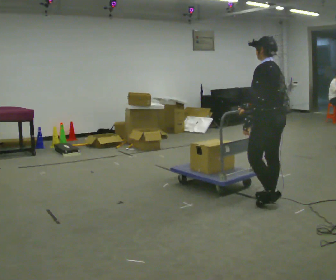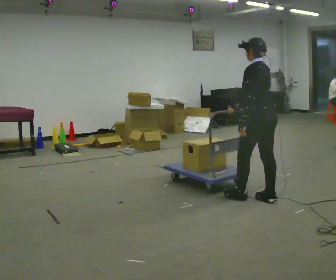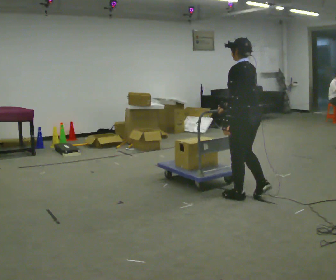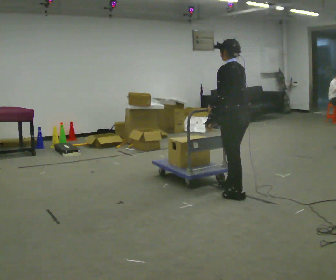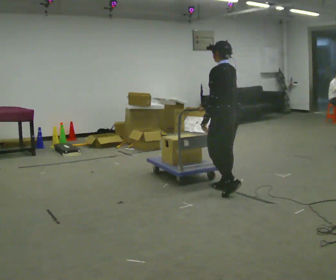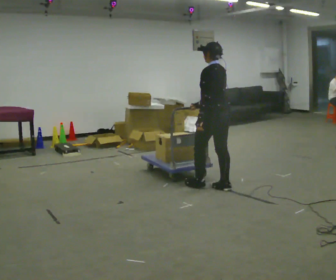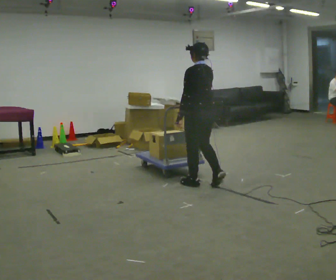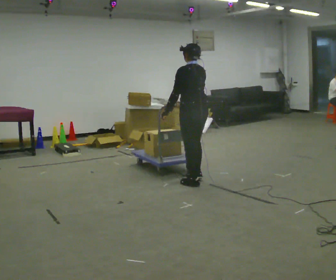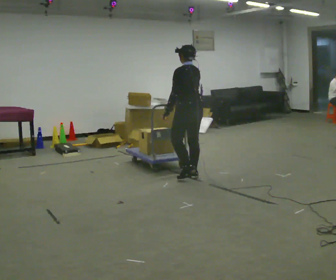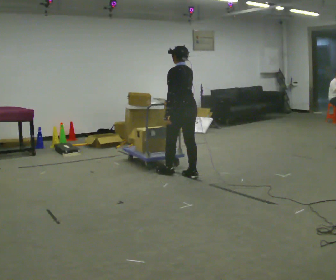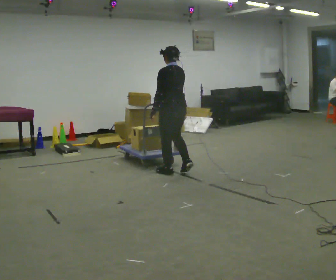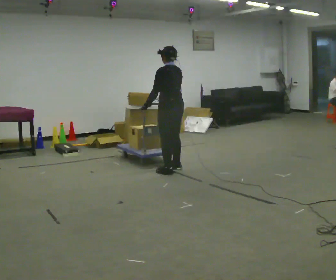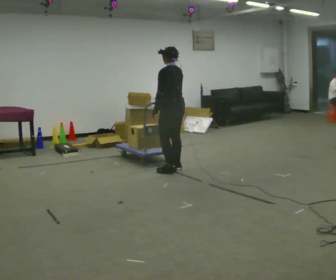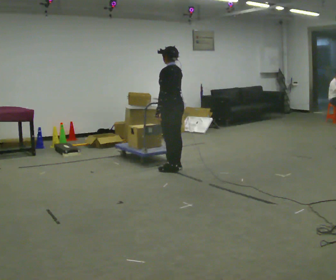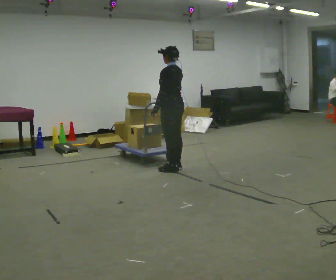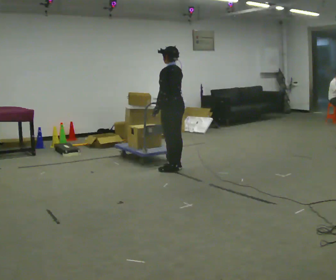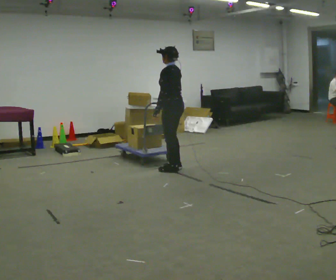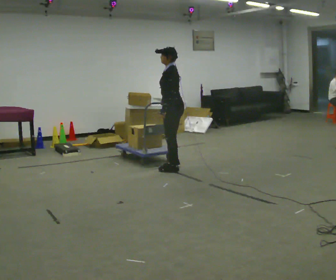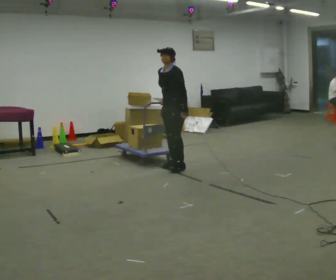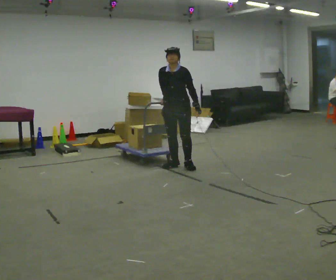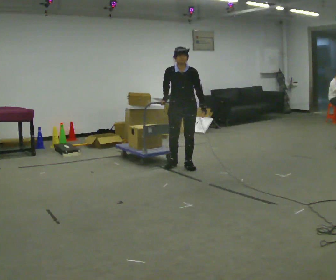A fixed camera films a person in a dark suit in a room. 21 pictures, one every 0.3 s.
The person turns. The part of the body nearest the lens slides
to the right.
The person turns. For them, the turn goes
to their left.
0.0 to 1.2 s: In the picture they go to the left and away from the camera, about 0.5 m in 2 steps, which for them is forward.
1.2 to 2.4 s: In the picture they go away from the camera and to the left, about 0.75 m in 2 steps, which for them is forward.
2.4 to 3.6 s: In the picture they go away from the camera and to the left, about 0.5 m in 2 steps, which for them is forward.
3.6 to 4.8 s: The person moves a little, or ends about where they began.
4.8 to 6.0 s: The person turns about 105 degrees to their left, counterclockwise seen from above, so the part of the body nearest the lens slides to the right. In the picture they go away from the camera, about 0.25 m in 2 steps. In the picture their left hand goes to the right, the arm swinging counterclockwise.
The film runs forward here.
